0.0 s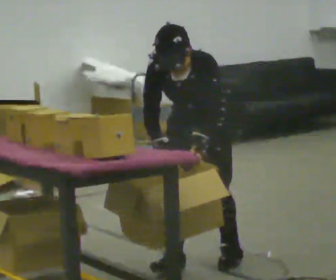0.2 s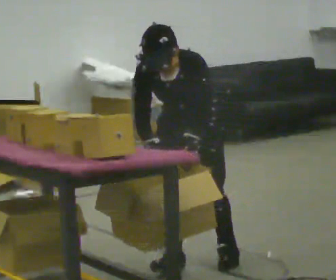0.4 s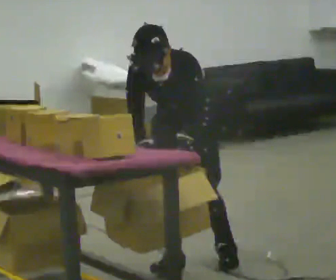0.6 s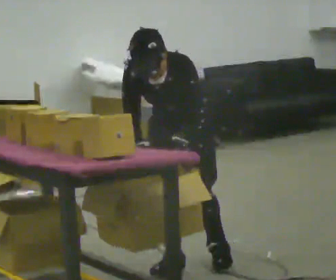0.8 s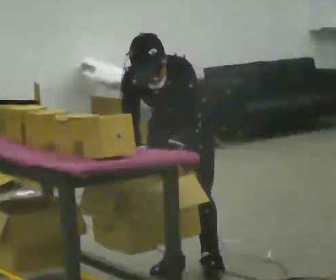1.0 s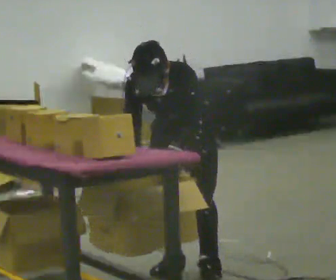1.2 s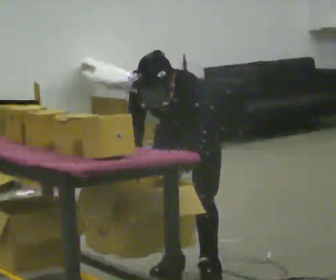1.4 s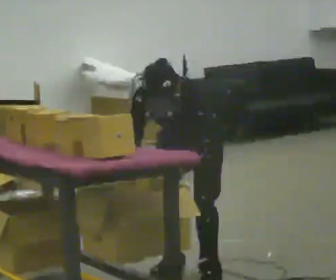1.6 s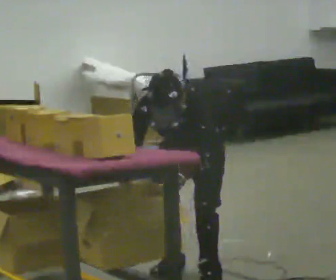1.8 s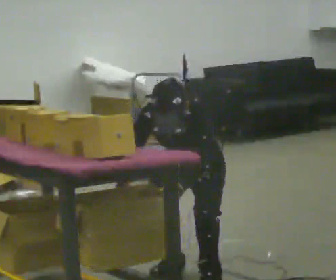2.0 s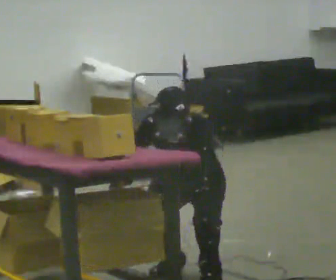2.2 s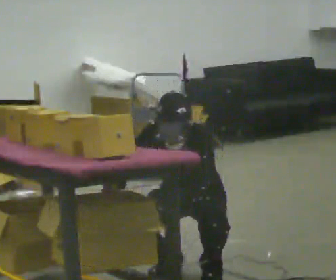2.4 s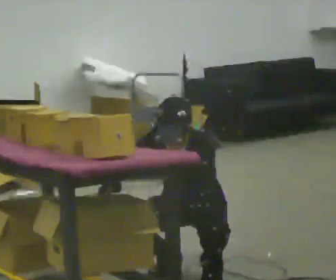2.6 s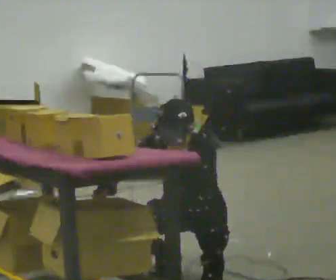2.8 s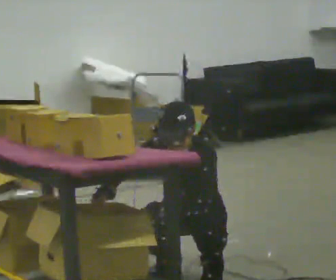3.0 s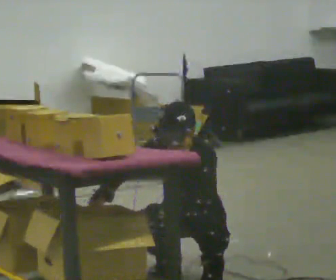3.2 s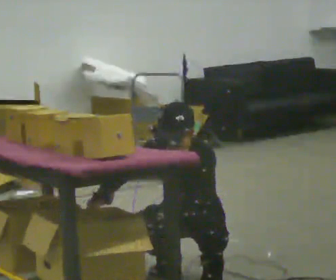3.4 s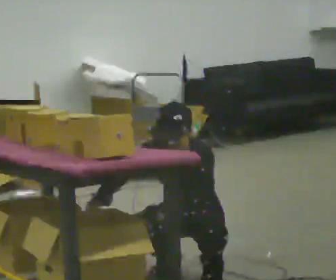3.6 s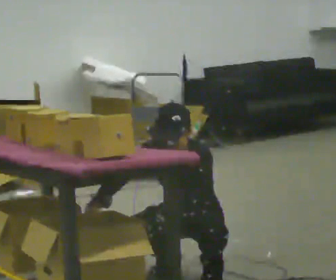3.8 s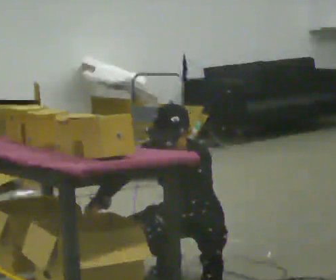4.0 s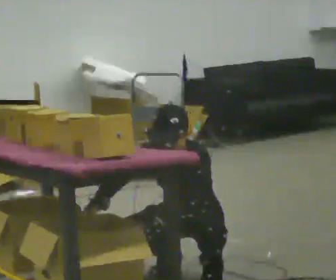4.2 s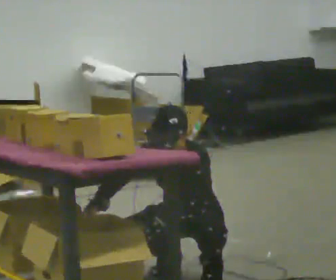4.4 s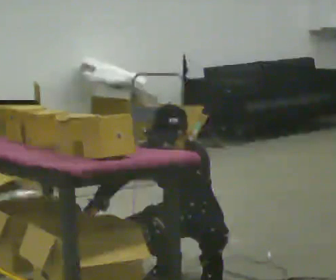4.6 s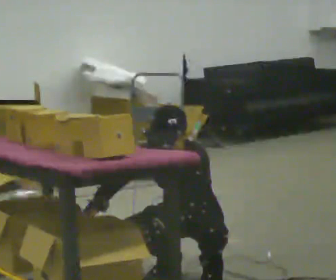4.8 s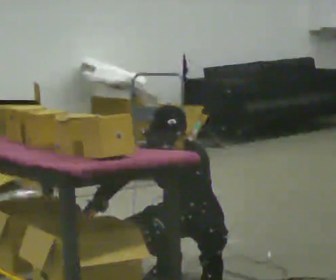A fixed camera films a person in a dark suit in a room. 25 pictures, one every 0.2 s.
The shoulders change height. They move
downward.
0.0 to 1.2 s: The person moves a little, or ends about where they began.
1.2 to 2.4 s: The upper body goes downward. The upper body tips away from the camera, its near side rolling upward, as they lean back or straighten.
2.4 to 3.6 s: The person moves a little, or ends about where they began.
3.6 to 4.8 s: The person keeps their place and pose.
The film runs forward here.
